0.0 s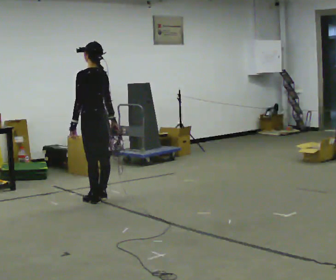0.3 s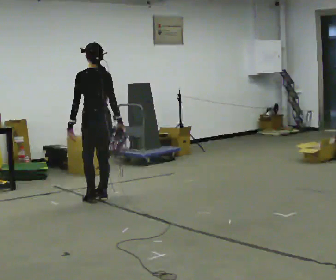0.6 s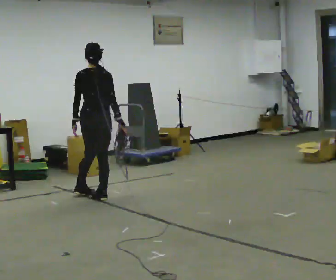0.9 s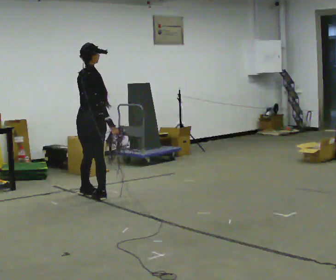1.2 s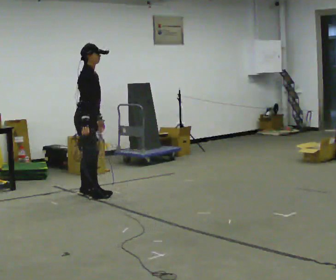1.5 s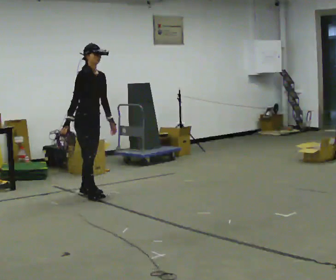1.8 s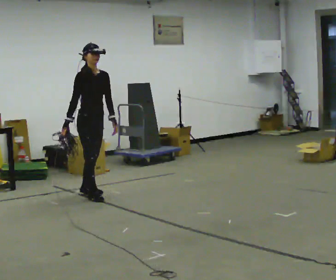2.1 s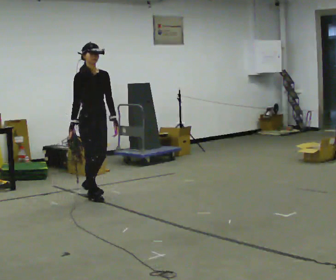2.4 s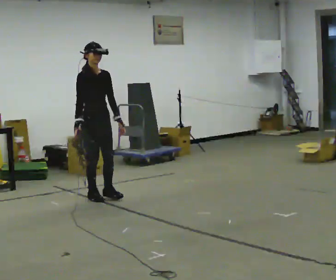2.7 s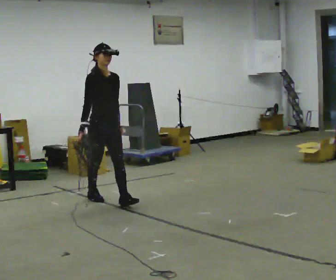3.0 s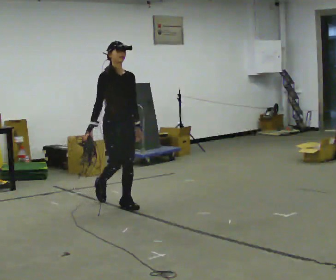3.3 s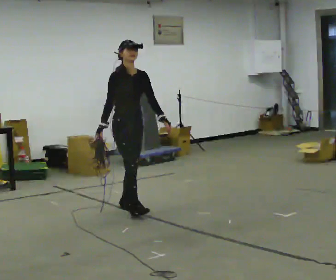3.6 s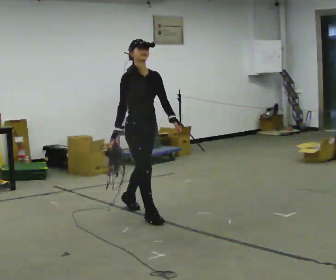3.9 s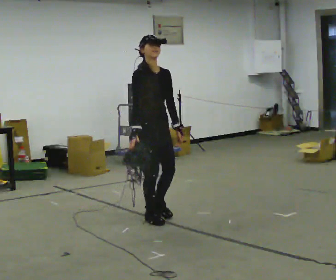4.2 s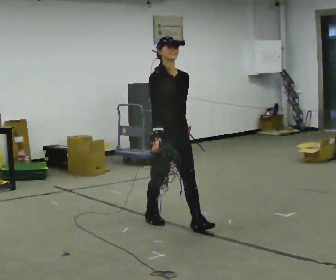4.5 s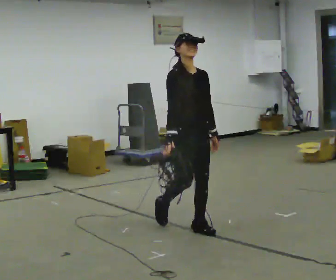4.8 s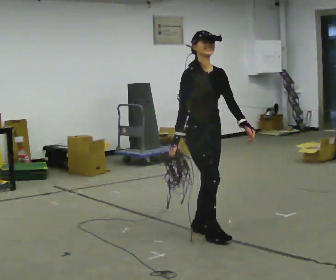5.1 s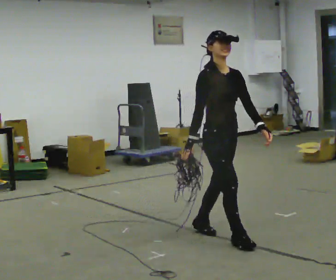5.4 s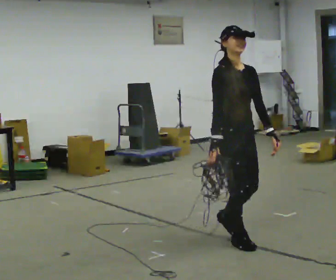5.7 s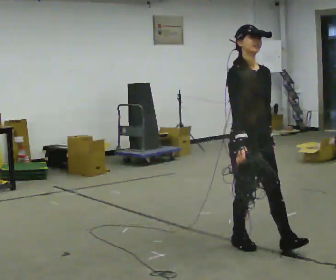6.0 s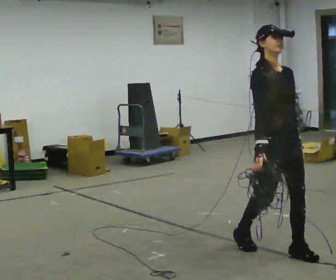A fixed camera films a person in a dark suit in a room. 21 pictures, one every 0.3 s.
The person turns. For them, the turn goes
to their right.
The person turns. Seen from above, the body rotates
clockwise.
0.0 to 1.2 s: The part of the body nearest the lens slides to the left as the person turns to their right by about 150 degrees. In the picture they go away from the camera, about 0.25 m in 1 step.
1.2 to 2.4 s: The person turns about 45 degrees to their right, clockwise seen from above, so the part of the body nearest the lens slides to the left. In the picture they go toward the camera, about 0.25 m, which for them is forward.
2.4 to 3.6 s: In the picture they go toward the camera and to the right, about 1 m in 2 steps, which for them is forward.
3.6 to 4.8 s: In the picture they go toward the camera and to the right, about 1 m in 1 step, which for them is forward.
4.8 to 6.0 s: In the picture they go toward the camera and to the right, about 1 m in 2 steps, which for them is forward.
The film runs forward here.
